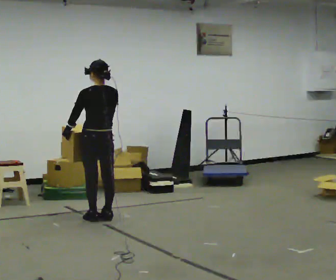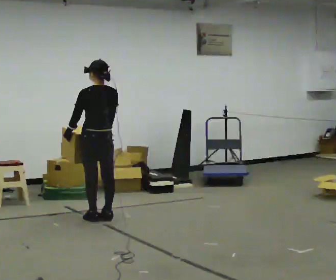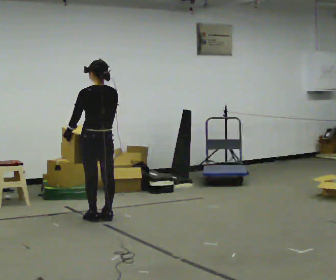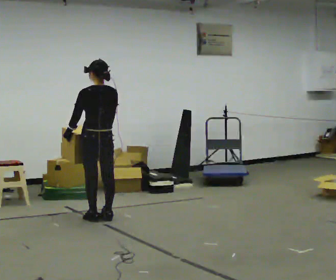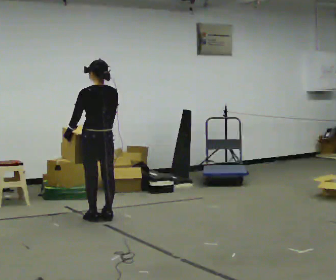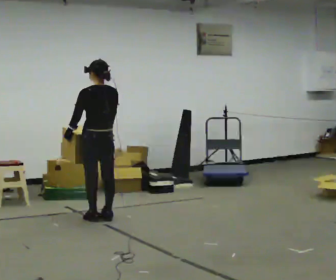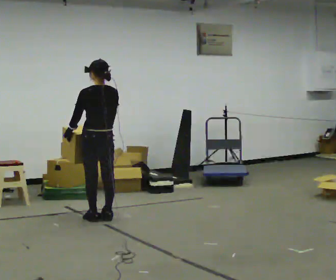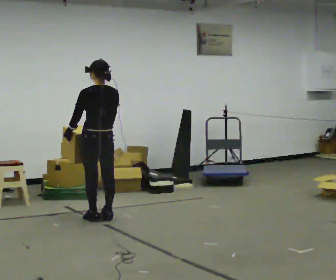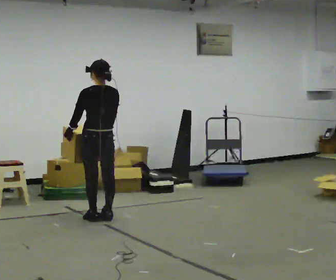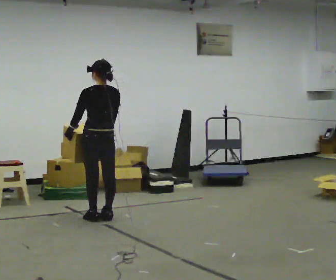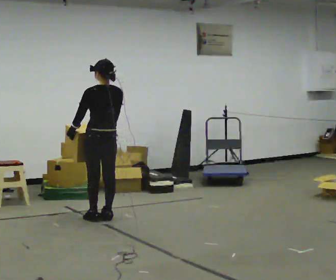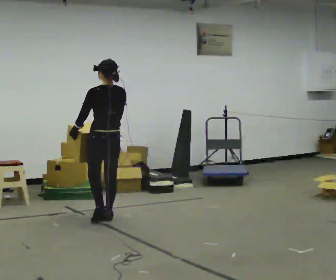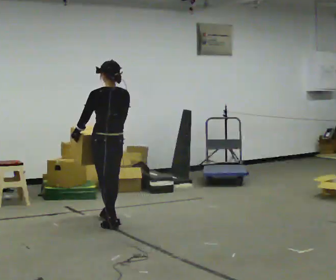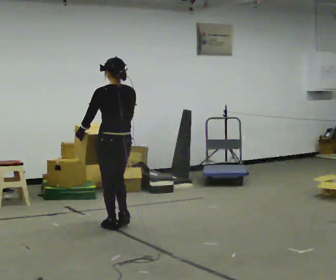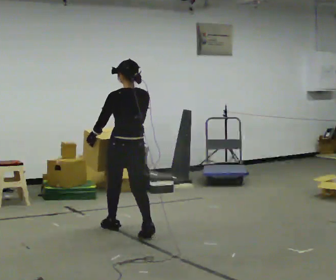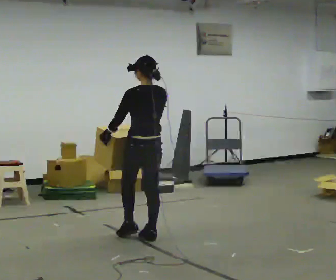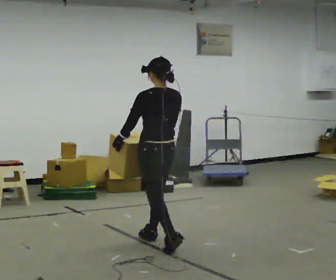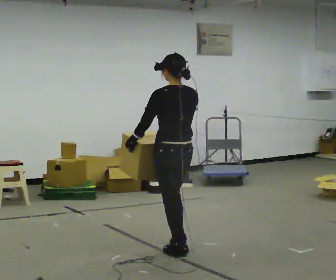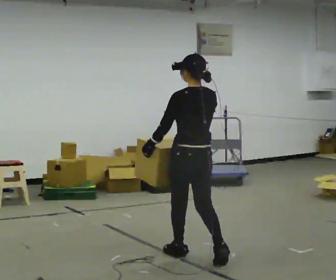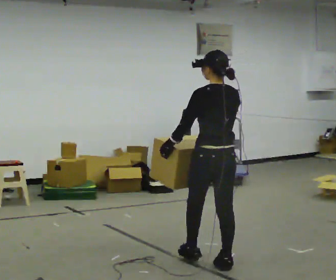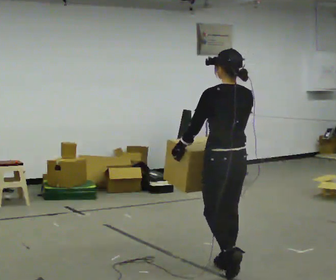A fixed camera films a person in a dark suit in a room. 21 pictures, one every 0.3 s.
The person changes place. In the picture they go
toward the camera.
0.0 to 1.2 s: The person moves a little, or ends about where they began.
1.2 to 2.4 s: The person keeps their place and pose.
2.4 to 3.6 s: In the picture they go toward the camera, about 0.25 m in 1 step, which for them is backward.
3.6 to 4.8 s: In the picture they go toward the camera and to the right, about 1 m in 2 steps, which for them is backward.
4.8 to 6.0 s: In the picture they go toward the camera and to the right, about 1 m in 2 steps, which for them is backward.
The film runs backward here.
